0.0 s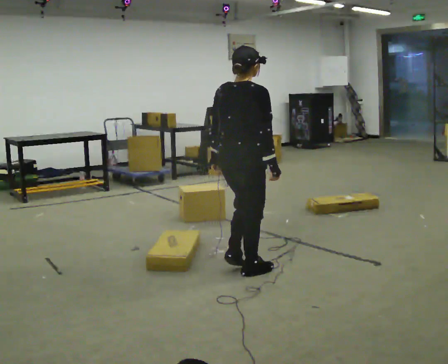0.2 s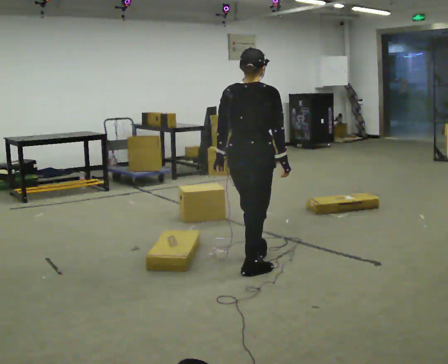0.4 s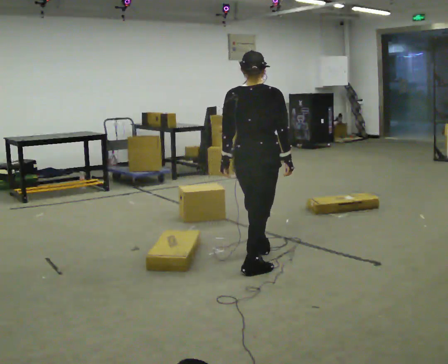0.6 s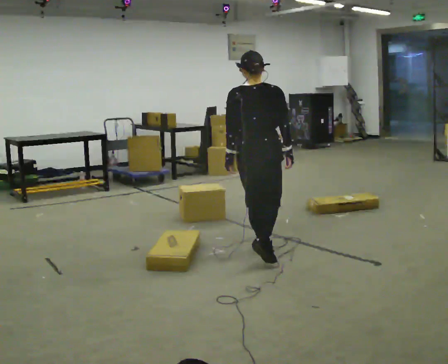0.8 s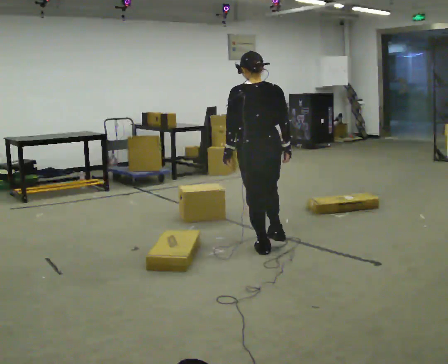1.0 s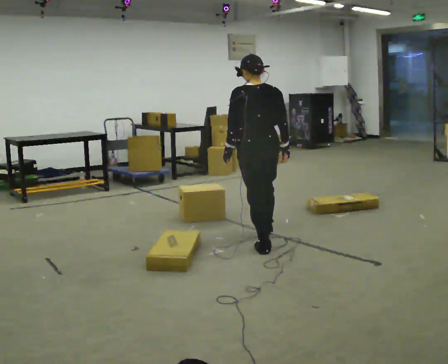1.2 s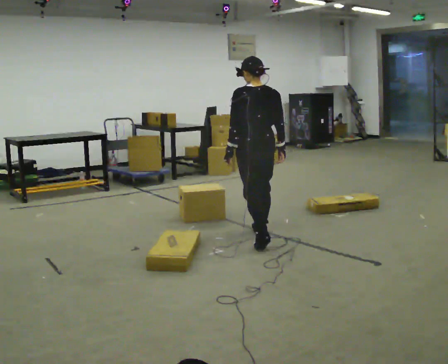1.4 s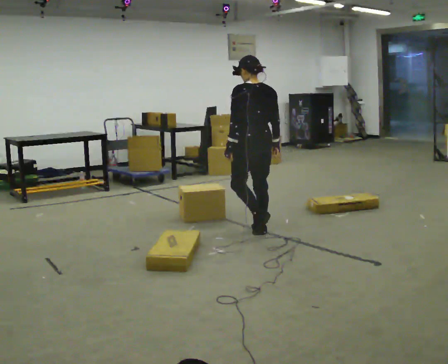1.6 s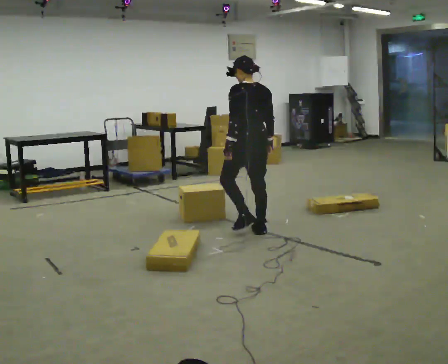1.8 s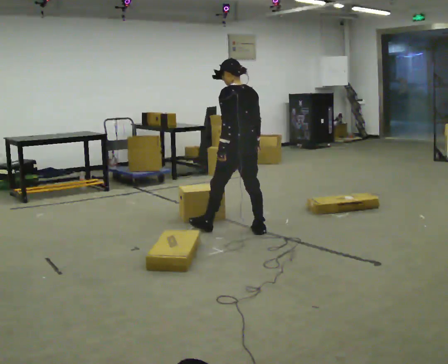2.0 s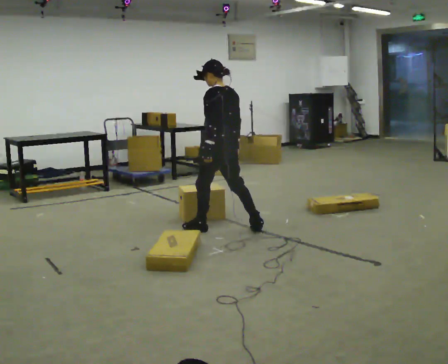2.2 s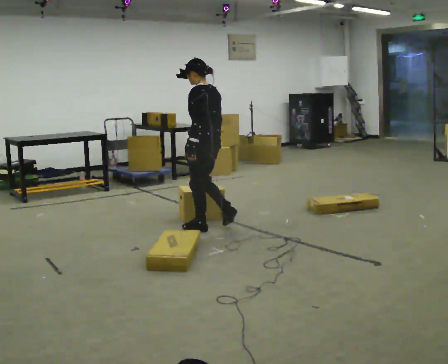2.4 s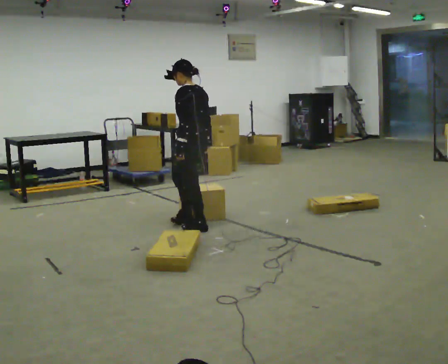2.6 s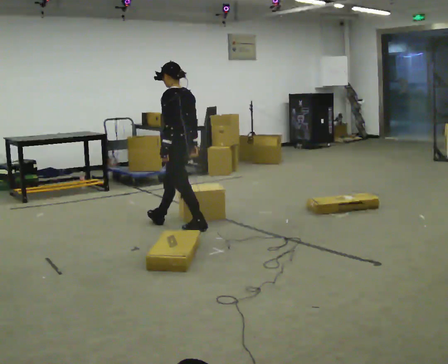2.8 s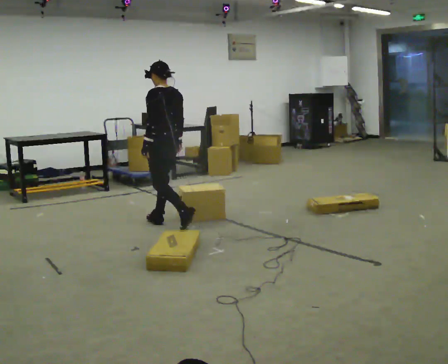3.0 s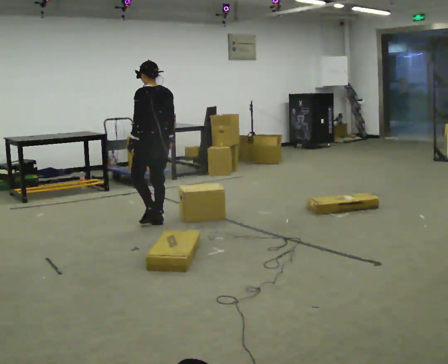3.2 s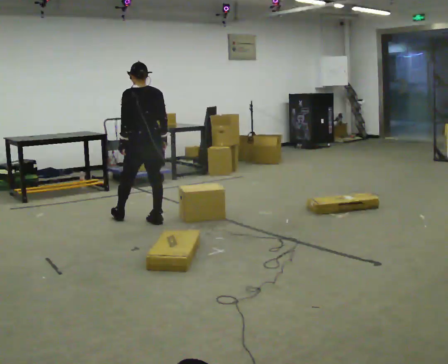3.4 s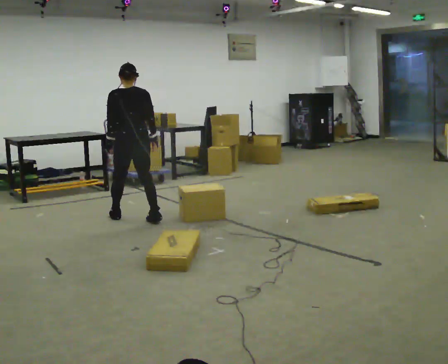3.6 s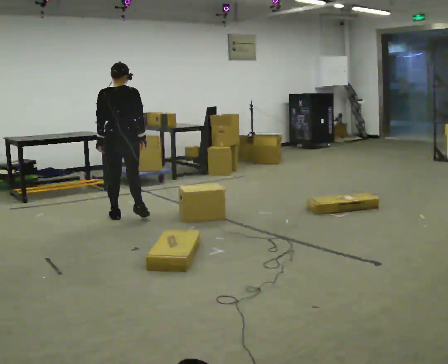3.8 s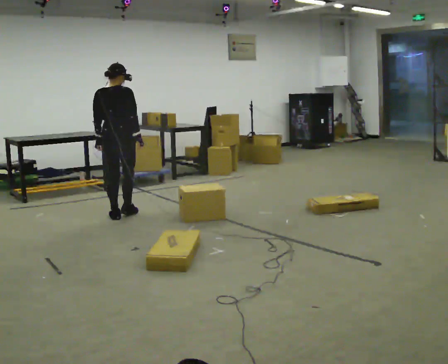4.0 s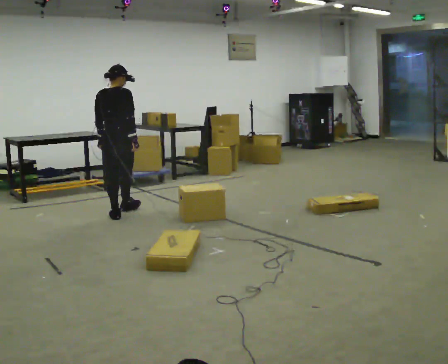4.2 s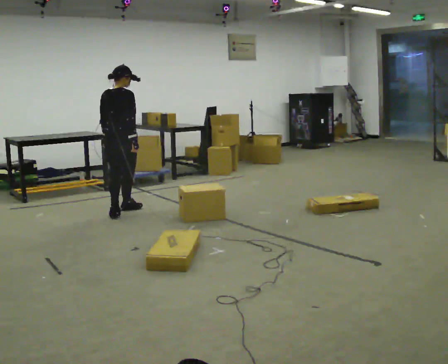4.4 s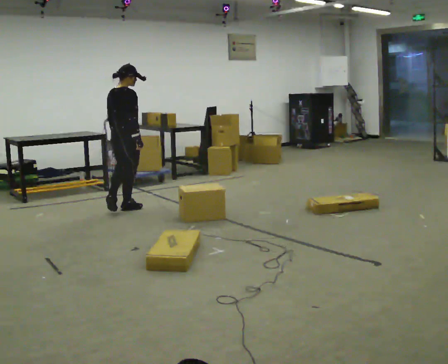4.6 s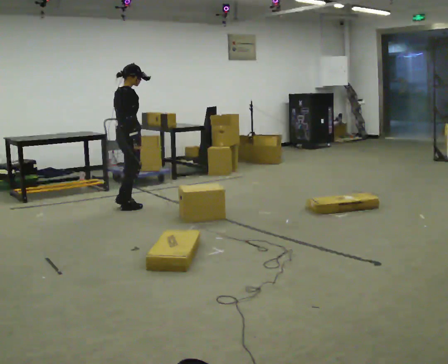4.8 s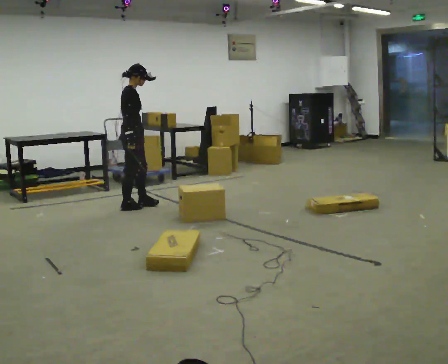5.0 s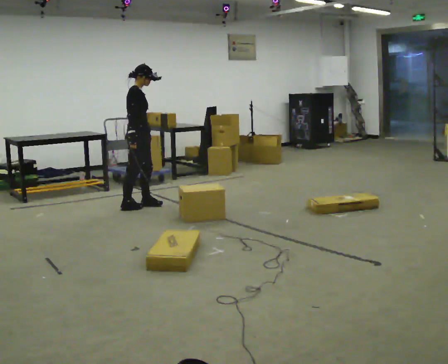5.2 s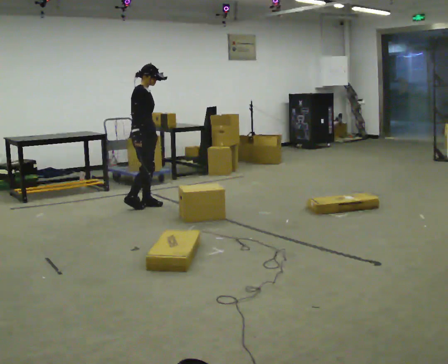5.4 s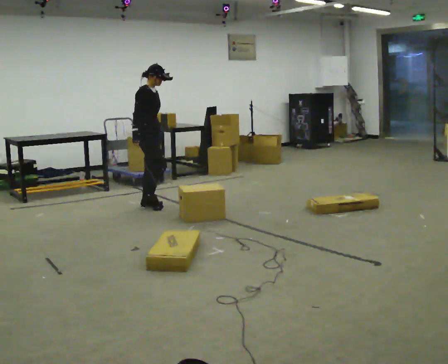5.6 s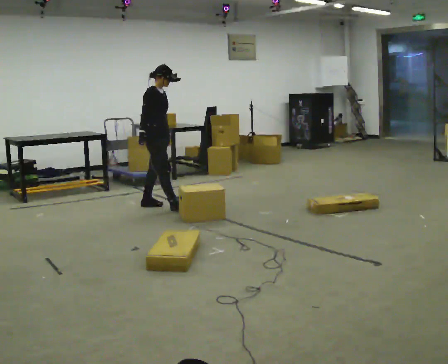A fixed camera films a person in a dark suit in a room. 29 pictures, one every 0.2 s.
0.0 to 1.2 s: The person turns about 60 degrees to their left, counterclockwise seen from above, so the part of the body nearest the lens slides to the right. In the picture they go away from the camera, about 1 m in 2 steps, which for them is forward.
1.2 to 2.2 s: Seen from above the body turns counterclockwise, about 45 degrees: to their left, with its near side sliding to the right. In the picture they go to the left and away from the camera, about 0.5 m in 1 step, which for them is forward.
2.2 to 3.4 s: The person turns about 45 degrees to their right, clockwise seen from above, so the part of the body nearest the lens slides to the left. In the picture they go to the left and away from the camera, about 1 m in 2 steps, which for them is forward.
3.4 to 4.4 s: The person turns about 60 degrees to their right, clockwise seen from above, so the part of the body nearest the lens slides to the left. In the picture they go away from the camera and to the left, about 0.25 m in 1 step, which for them is forward and to their left.
4.4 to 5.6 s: The part of the body nearest the lens slides to the left as the person turns to their right by about 75 degrees. In the picture they go to the right and away from the camera, about 0.25 m in 1 step.
The film runs forward here.
